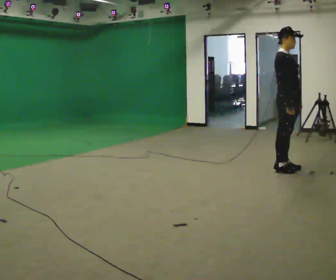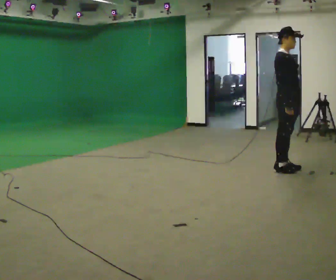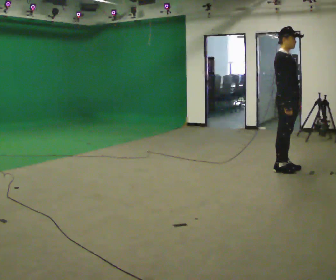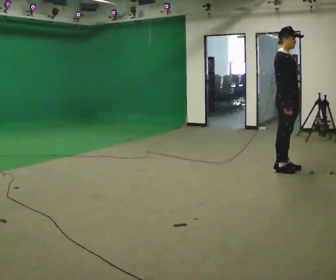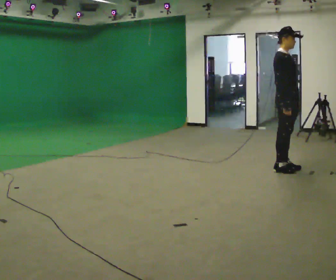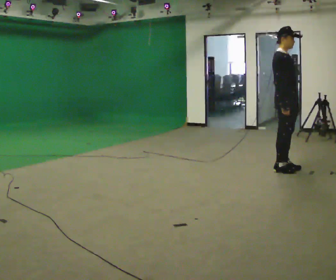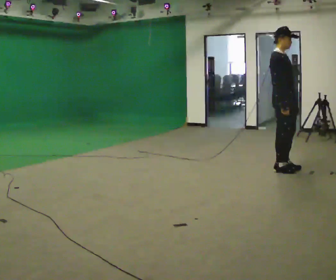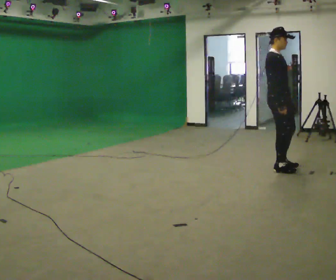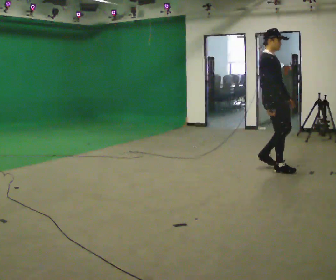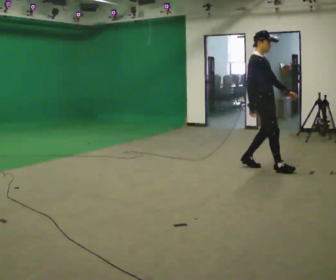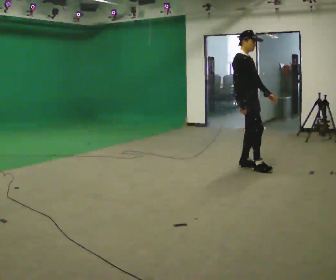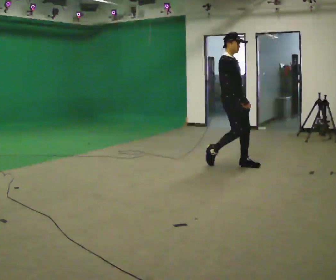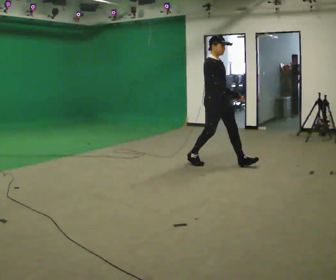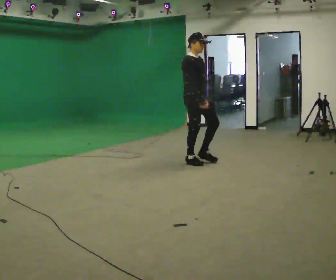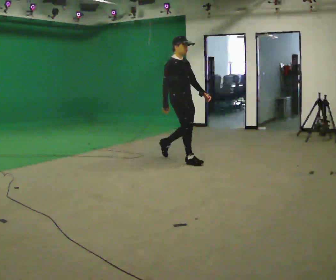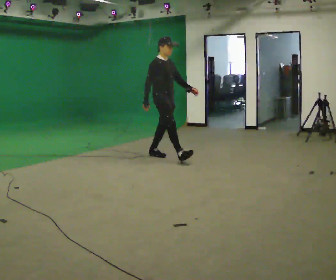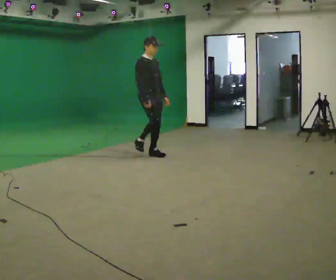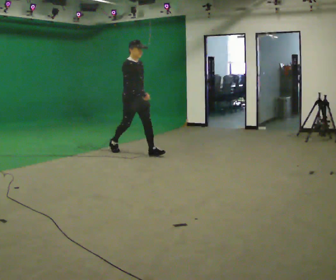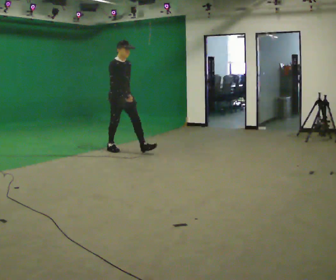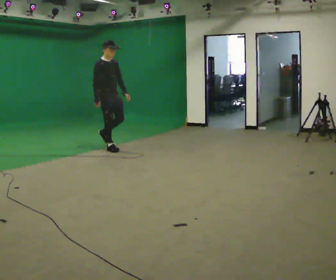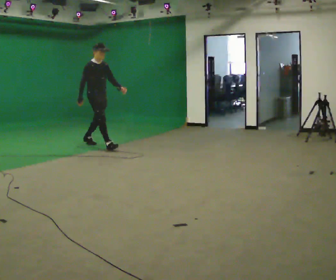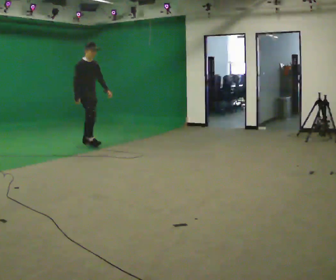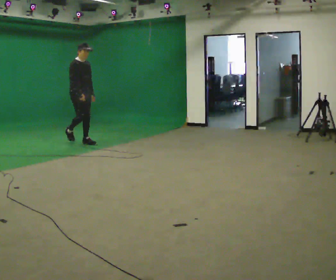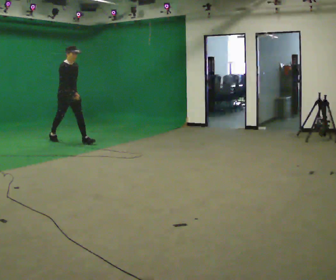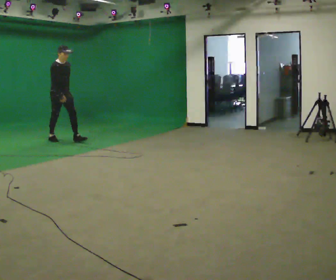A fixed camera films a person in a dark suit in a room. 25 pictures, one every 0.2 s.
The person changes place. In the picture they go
to the left.
0.0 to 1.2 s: The person moves a little, or ends about where they began.
1.2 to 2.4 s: In the picture they go to the left and away from the camera, about 1 m in 2 steps, which for them is backward.
2.4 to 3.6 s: In the picture they go to the left and away from the camera, about 1.5 m in 3 steps, which for them is backward.
3.6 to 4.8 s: In the picture they go to the left and away from the camera, about 1.5 m in 2 steps, which for them is backward.
The film runs backward here.
